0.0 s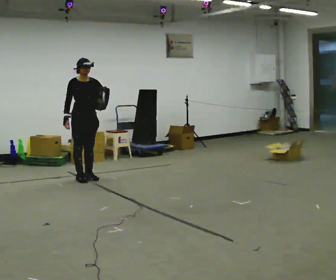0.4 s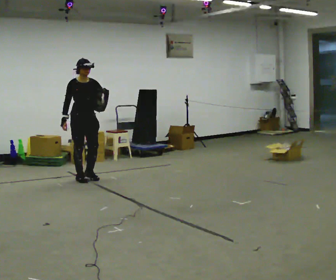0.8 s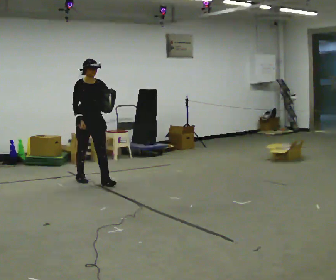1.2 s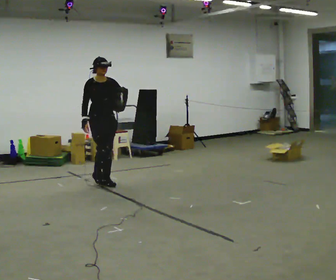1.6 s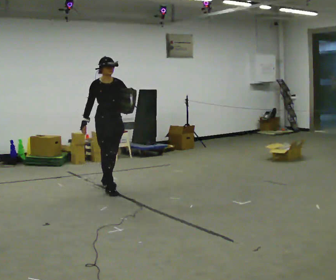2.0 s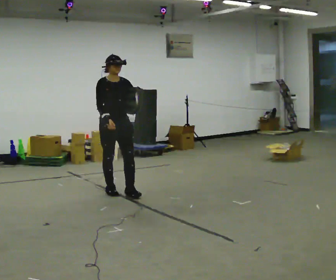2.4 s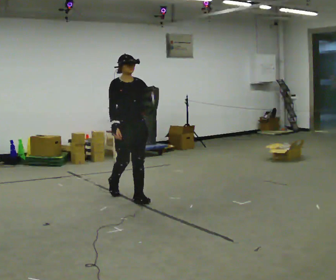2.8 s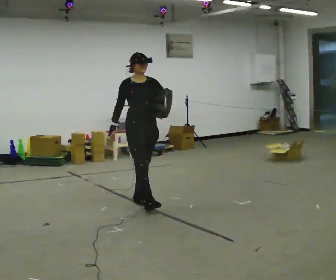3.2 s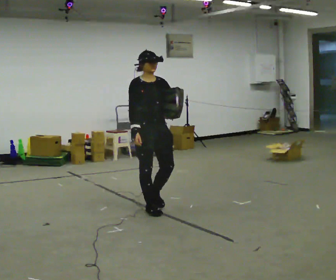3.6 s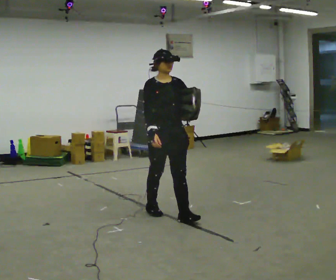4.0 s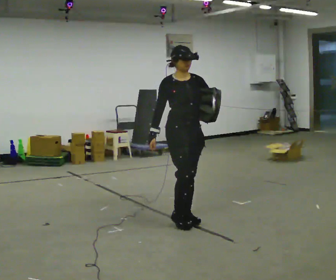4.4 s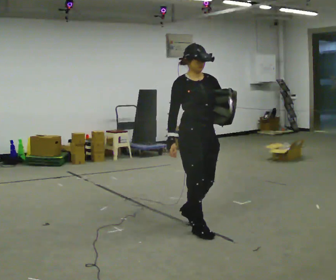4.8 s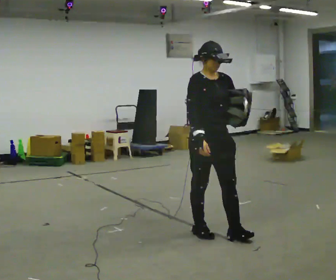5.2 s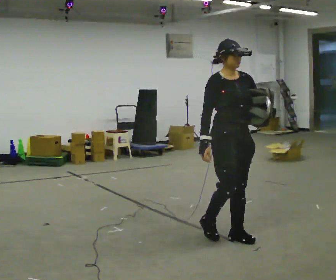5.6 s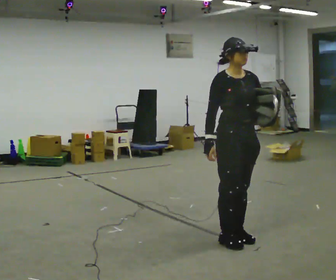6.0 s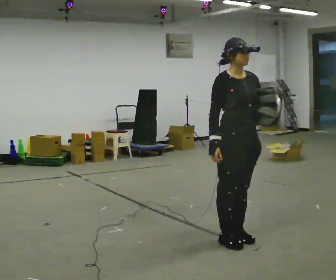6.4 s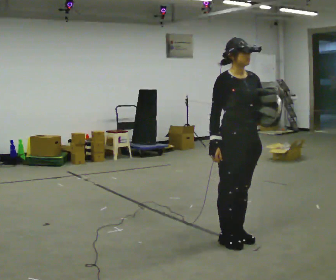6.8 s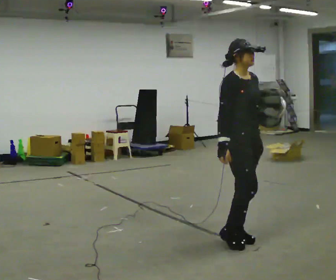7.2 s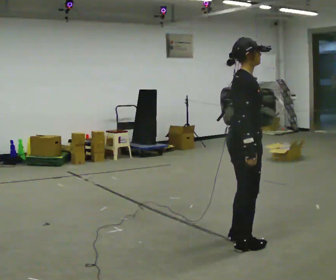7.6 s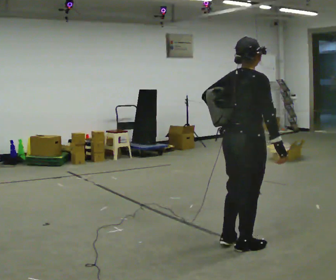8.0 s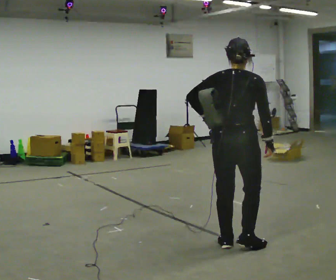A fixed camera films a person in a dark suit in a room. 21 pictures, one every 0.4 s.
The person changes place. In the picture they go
toward the camera.
0.0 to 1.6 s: In the picture they go toward the camera and to the right, about 0.5 m in 2 steps, which for them is forward.
1.6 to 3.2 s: In the picture they go toward the camera and to the right, about 1 m in 2 steps, which for them is forward.
3.2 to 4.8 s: In the picture they go toward the camera and to the right, about 1 m in 2 steps, which for them is forward.
4.8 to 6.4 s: In the picture they go toward the camera and to the right, about 0.25 m in 2 steps, which for them is forward.
6.4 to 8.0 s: The part of the body nearest the lens slides to the right as the person turns to their left by about 135 degrees. In the picture their right hand goes to the right, the arm swinging counterclockwise.
The film runs forward here.
